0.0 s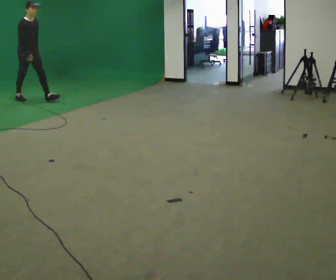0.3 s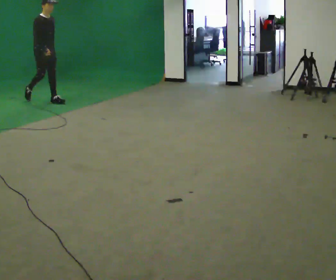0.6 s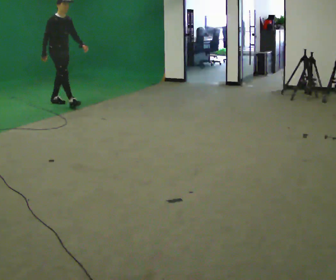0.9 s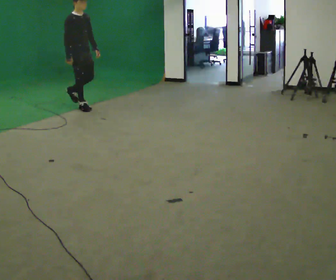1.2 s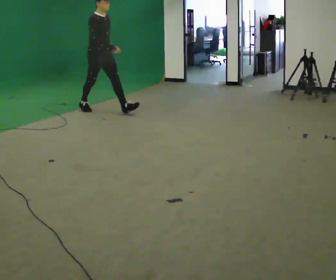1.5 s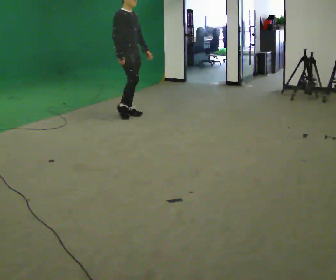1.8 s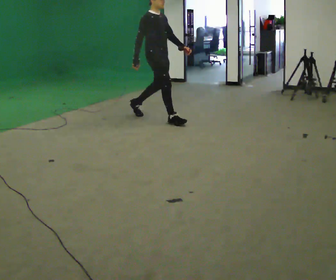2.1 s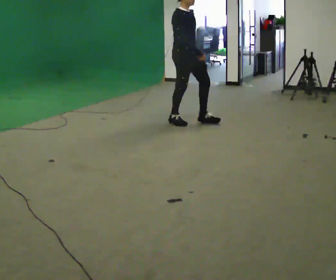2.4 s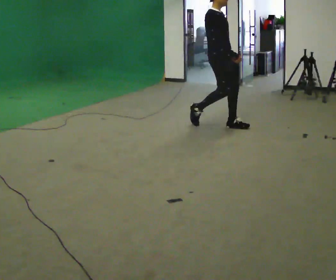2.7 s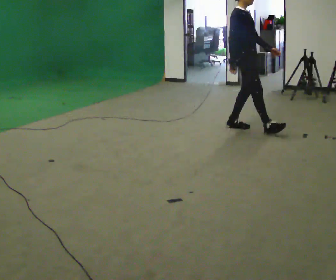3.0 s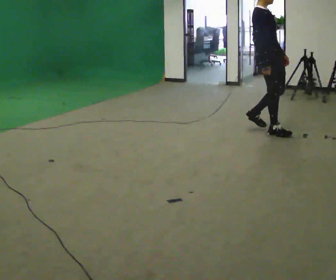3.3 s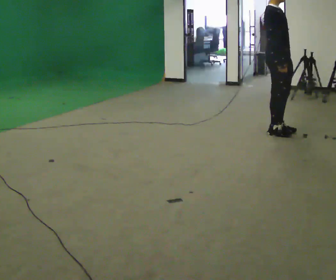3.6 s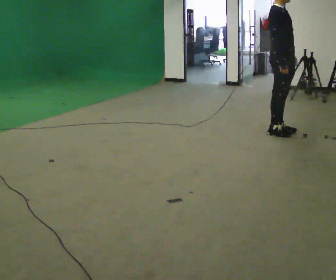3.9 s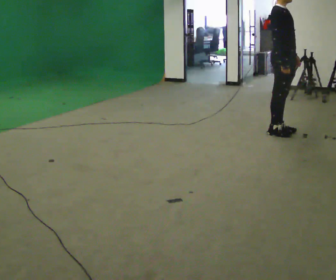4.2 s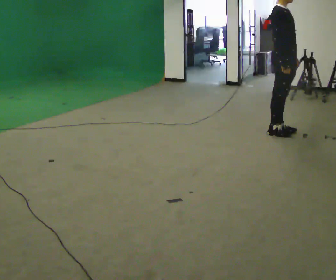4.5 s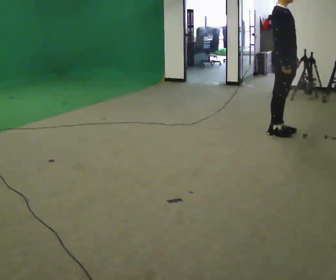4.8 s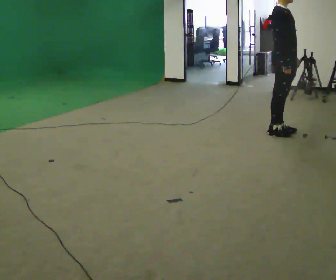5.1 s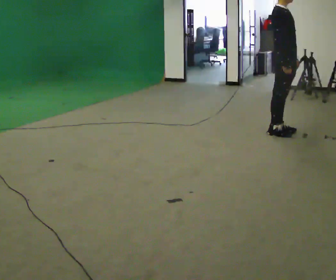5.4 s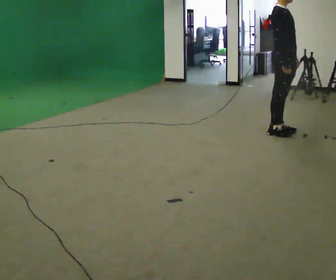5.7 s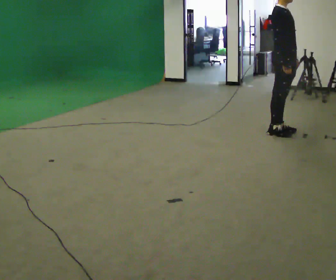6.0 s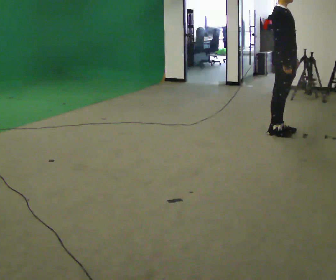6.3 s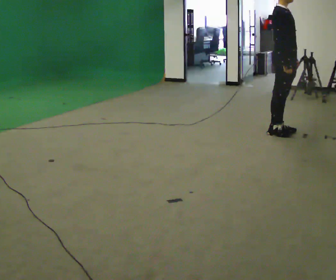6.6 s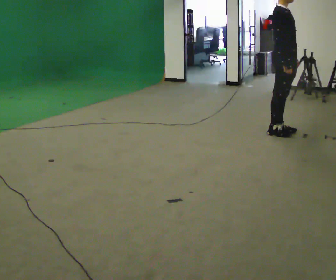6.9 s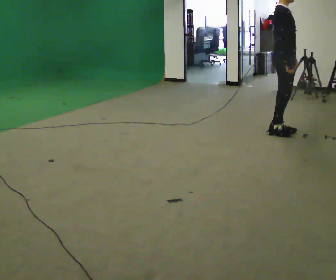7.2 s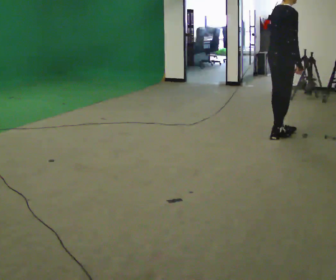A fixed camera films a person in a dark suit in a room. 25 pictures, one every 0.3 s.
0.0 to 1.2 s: In the picture they go to the right, about 1.5 m in 2 steps, which for them is forward.
1.2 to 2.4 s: In the picture they go to the right, about 2 m in 3 steps, which for them is forward.
2.4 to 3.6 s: In the picture they go to the right, about 0.5 m in 2 steps, which for them is forward.
3.6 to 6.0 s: The person moves a little, or ends about where they began.
6.0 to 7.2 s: The person turns about 45 degrees to their left, counterclockwise seen from above, so the part of the body nearest the lens slides to the right.
The film runs forward here.
